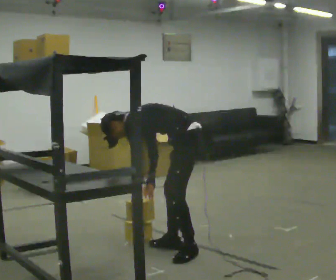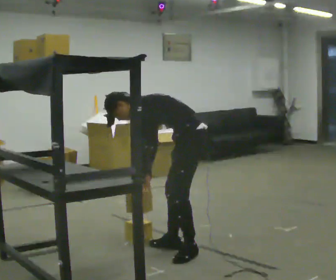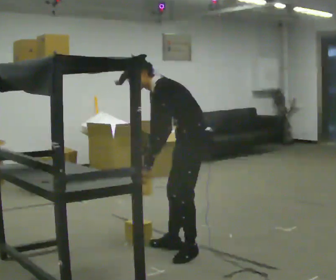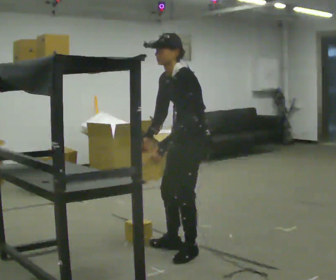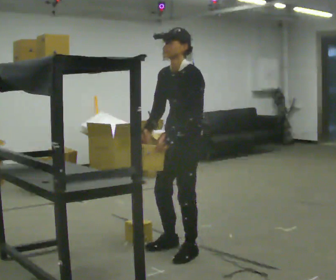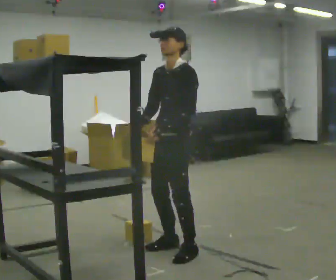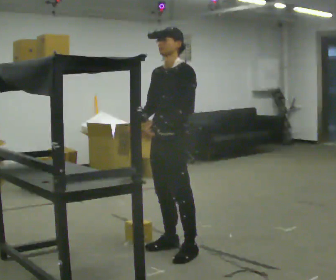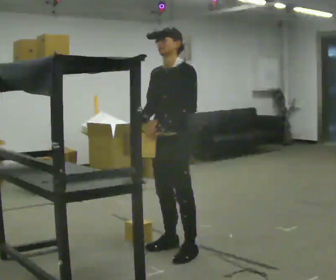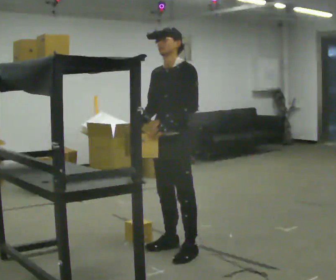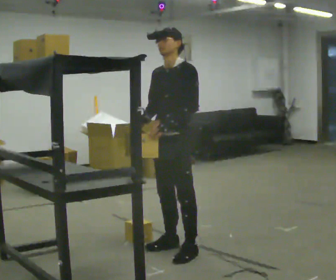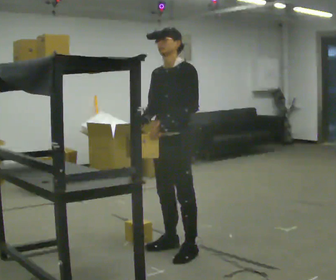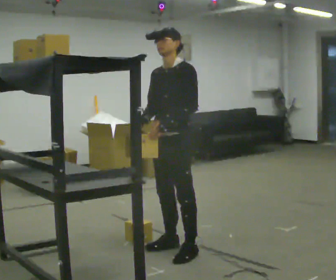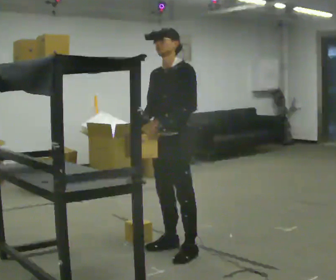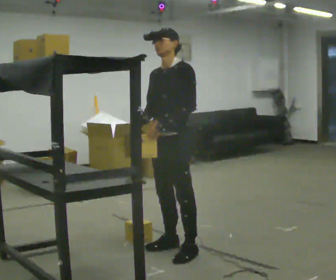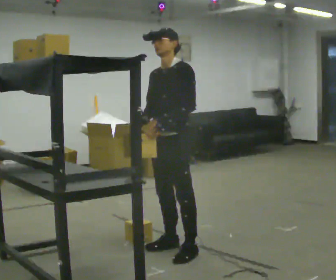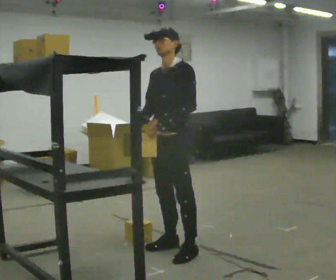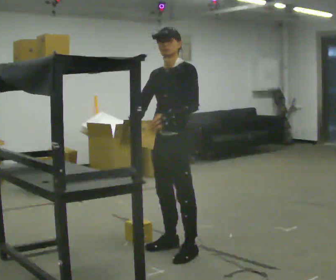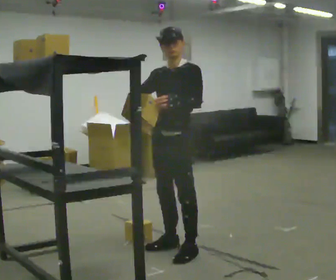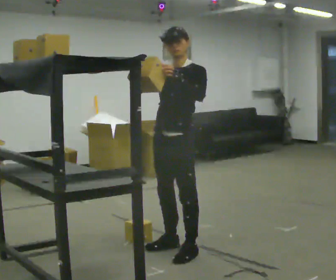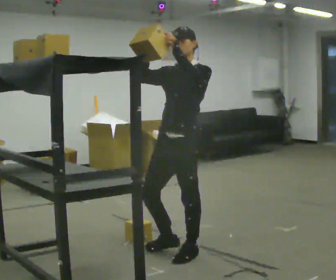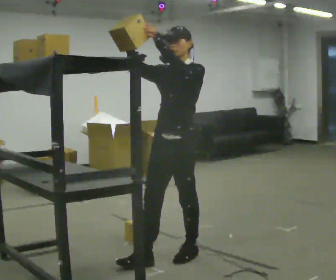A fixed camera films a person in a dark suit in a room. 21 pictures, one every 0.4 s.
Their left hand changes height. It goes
upward.
The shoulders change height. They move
upward.
0.0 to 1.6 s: The part of the body nearest the lens slides to the right as the person turns to their left by about 45 degrees. The upper body goes upward. In the picture the upper body tilts clockwise, shoulders to the right, as they lean back or straighten. In the picture their right hand goes upward.
1.6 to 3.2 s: The person moves a little, or ends about where they began.
3.2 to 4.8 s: The person keeps their place and pose.
4.8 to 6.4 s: The person moves a little, or ends about where they began.
6.4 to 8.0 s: In the picture they go toward the camera, about 0.25 m in 1 step, which for them is forward. In the picture their left hand goes upward.
The film runs forward here.
